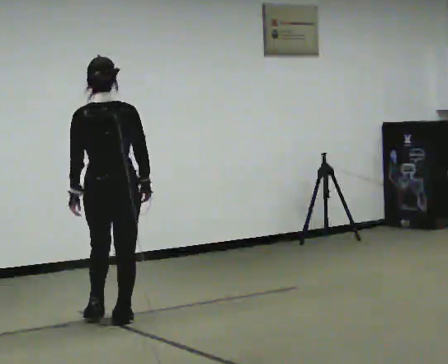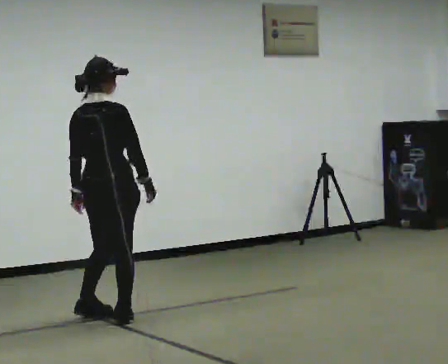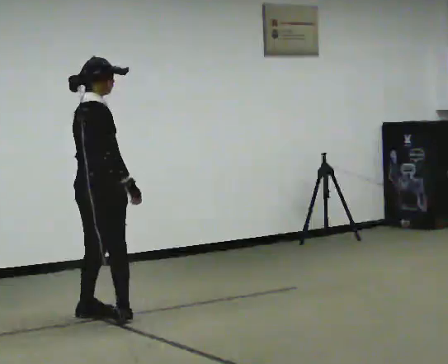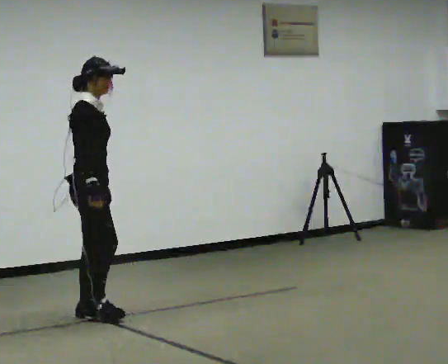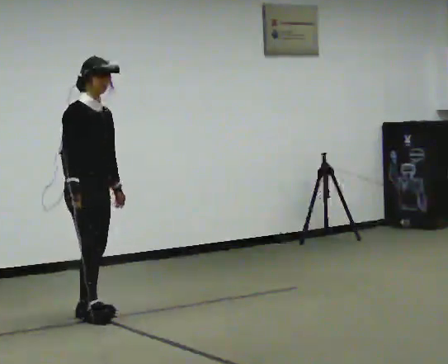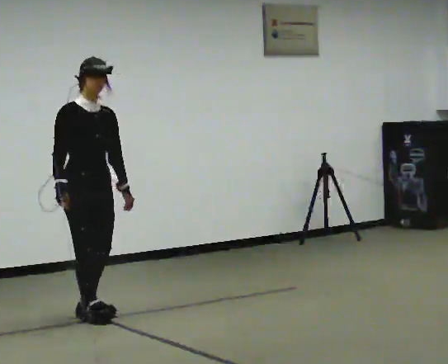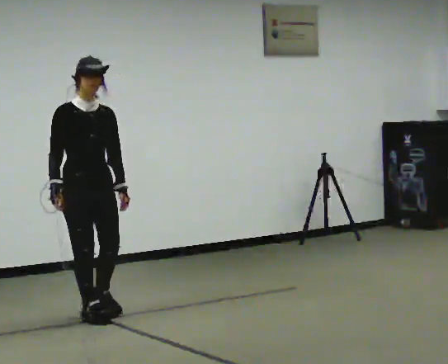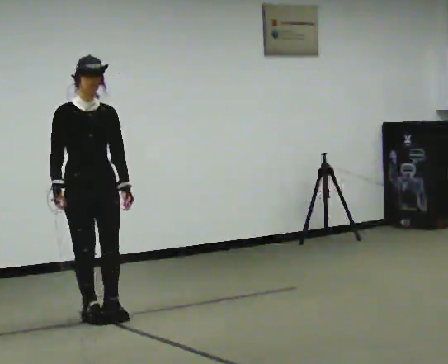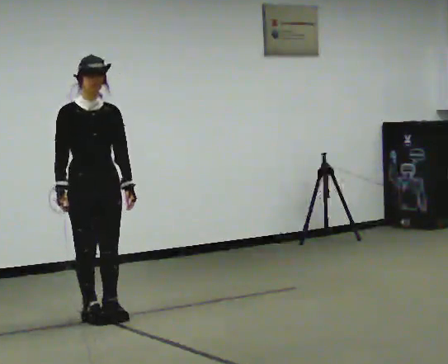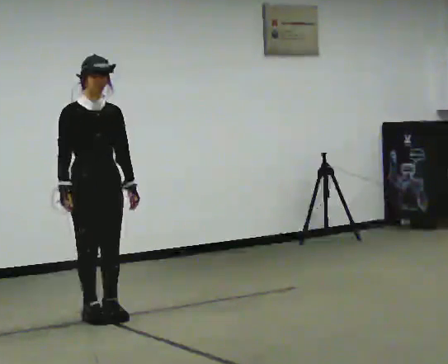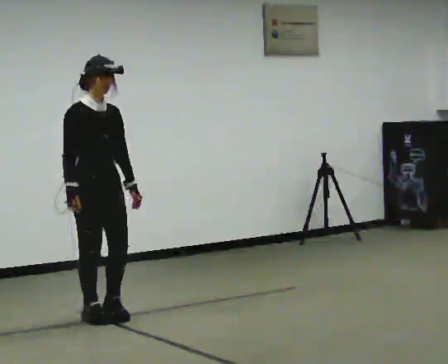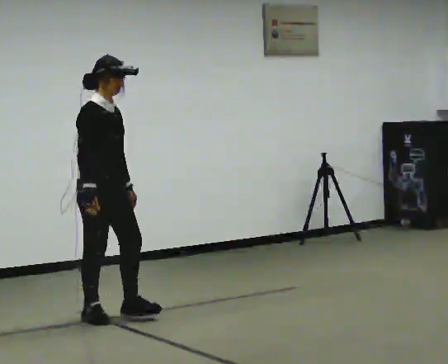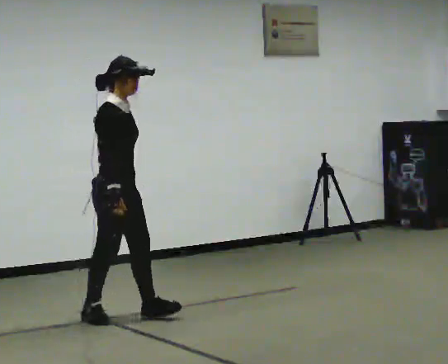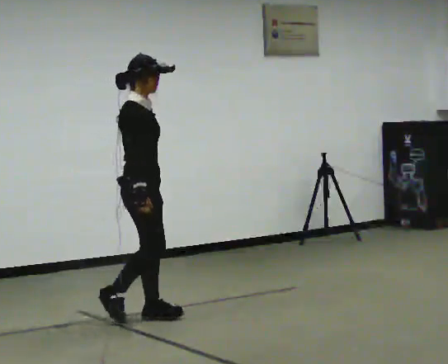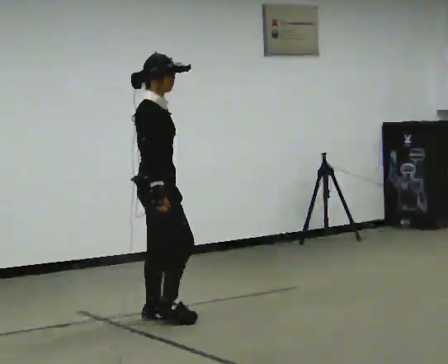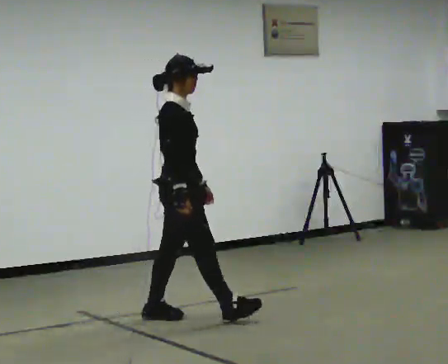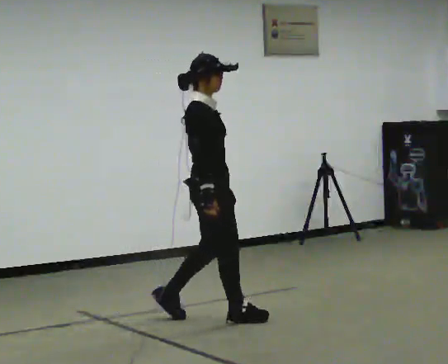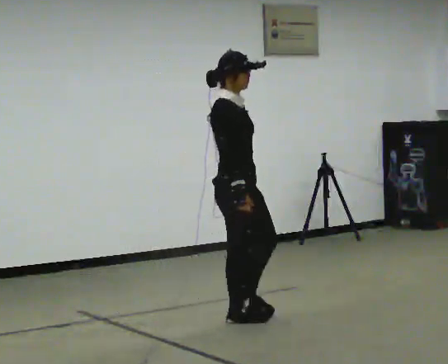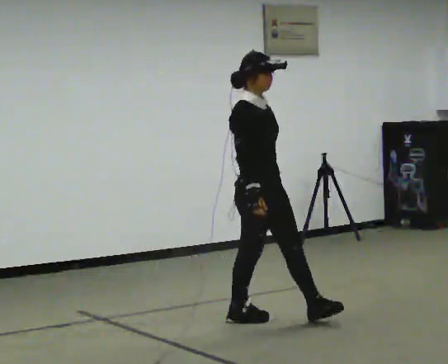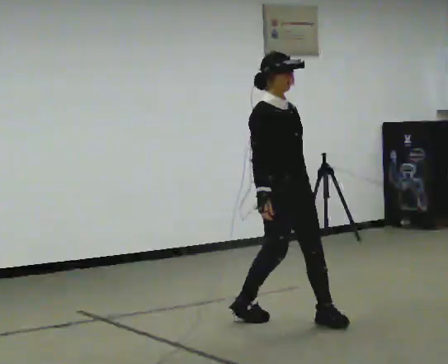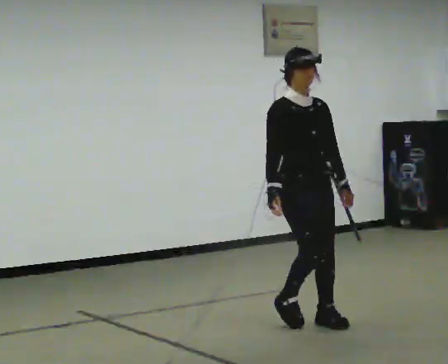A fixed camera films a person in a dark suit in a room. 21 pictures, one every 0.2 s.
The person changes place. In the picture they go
to the right.
0.0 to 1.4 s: Seen from above the body turns clockwise, about 165 degrees: to their right, with its near side sliding to the left. In the picture their right hand goes to the left, the arm swinging clockwise.
1.4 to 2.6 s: The part of the body nearest the lens slides to the right as the person turns to their left by about 60 degrees. In the picture they go to the right, about 0.25 m in 1 step, which for them is forward and to their left.
2.6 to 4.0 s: The part of the body nearest the lens slides to the left as the person turns to their right by about 45 degrees. In the picture they go to the right and toward the camera, about 1 m in 2 steps, which for them is forward.
The film runs forward here.
